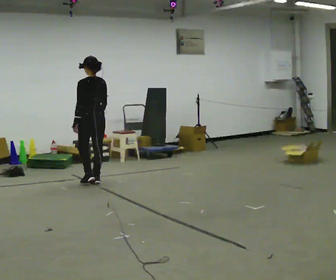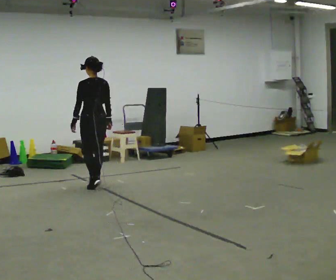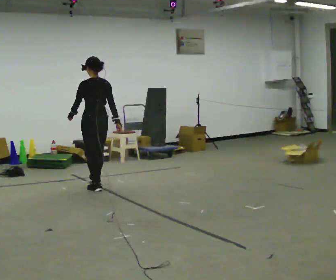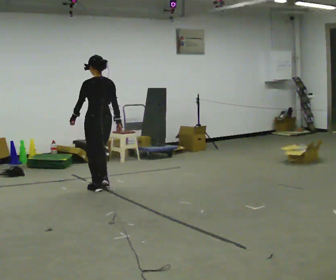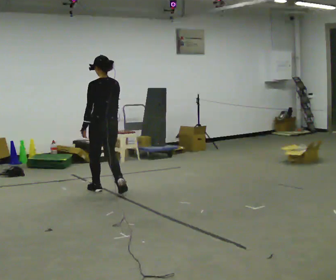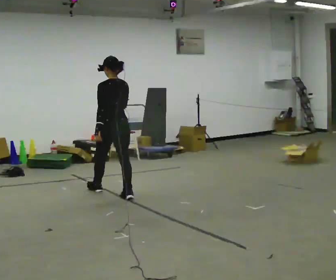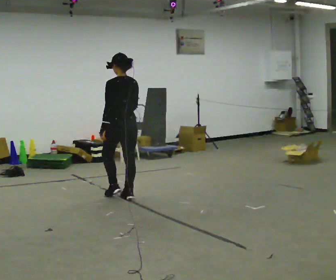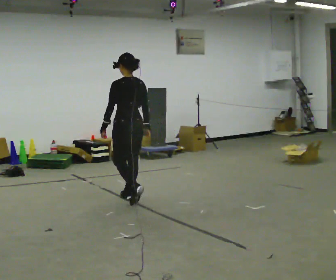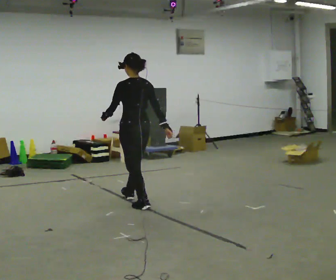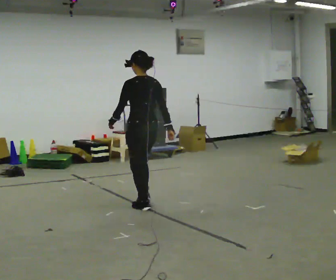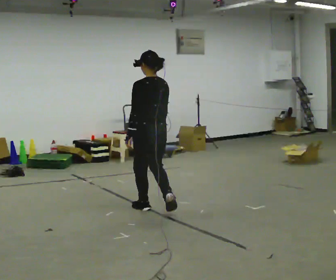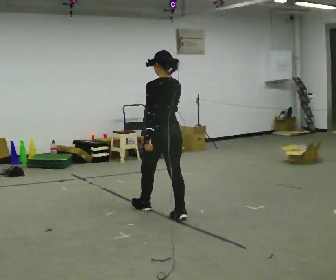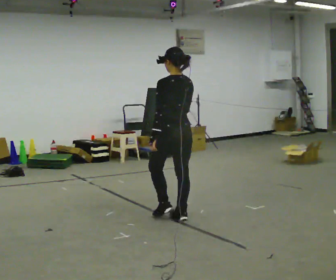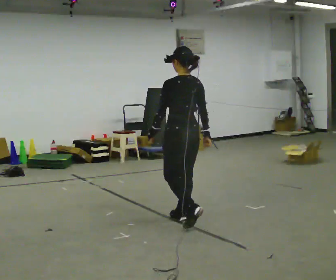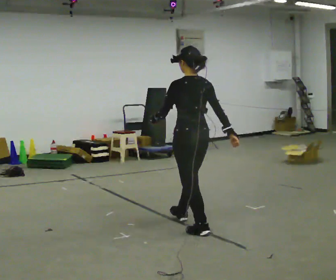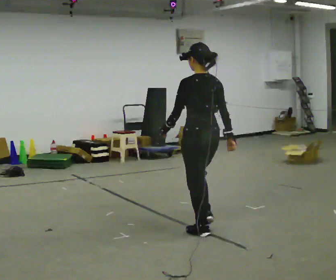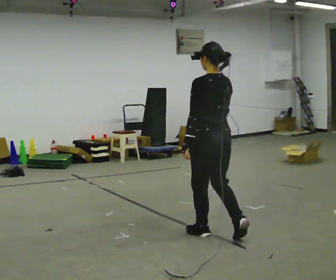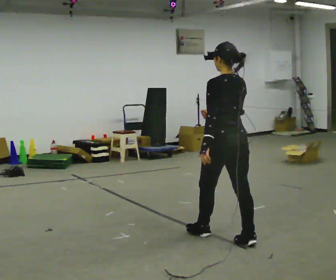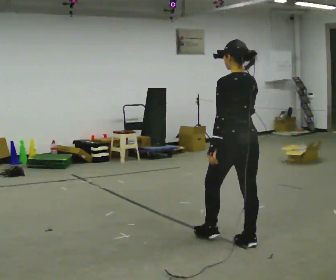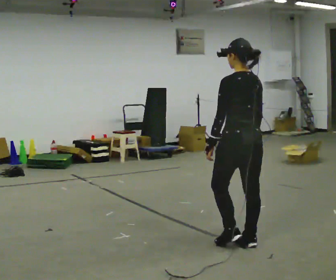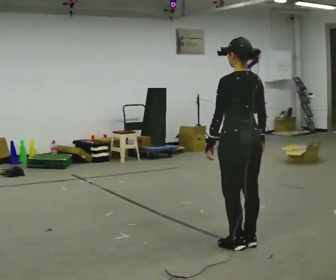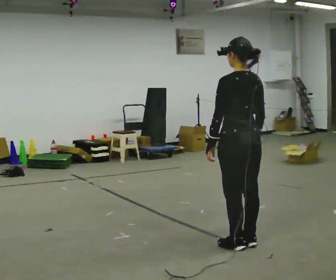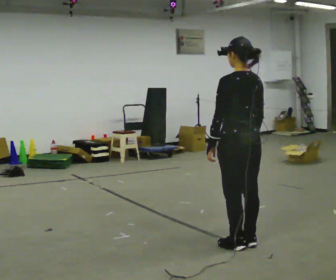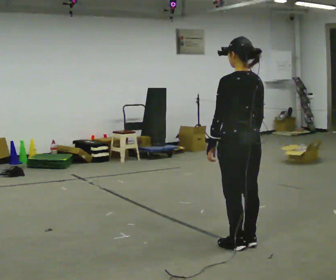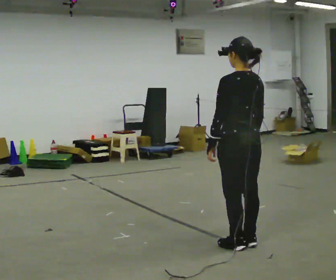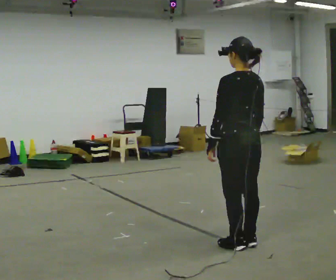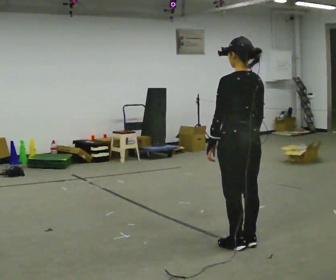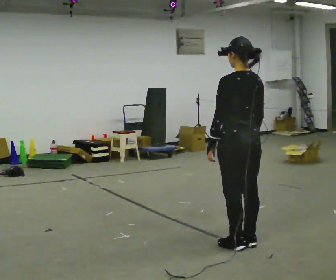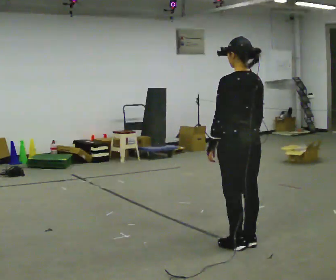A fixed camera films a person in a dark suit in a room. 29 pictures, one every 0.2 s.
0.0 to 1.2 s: In the picture they go toward the camera and to the right, about 1 m in 2 steps, which for them is backward.
1.2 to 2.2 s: In the picture they go toward the camera and to the right, about 1 m in 2 steps, which for them is backward.
2.2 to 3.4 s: In the picture they go toward the camera and to the right, about 1 m in 1 step, which for them is backward.
3.4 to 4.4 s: In the picture their right hand goes to the right.
4.4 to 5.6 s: The person keeps their place and pose.
The film runs backward here.
